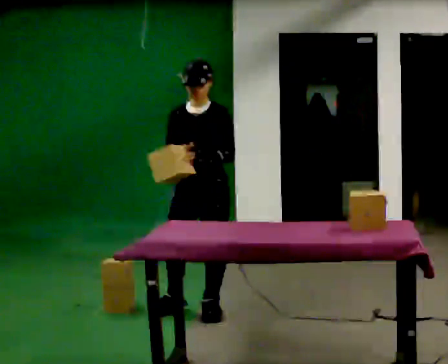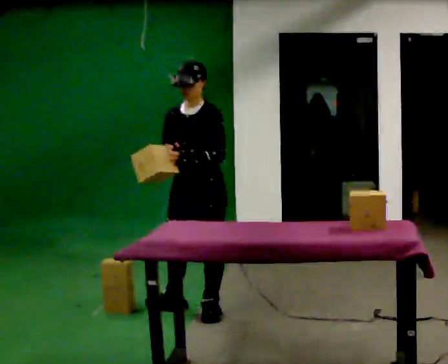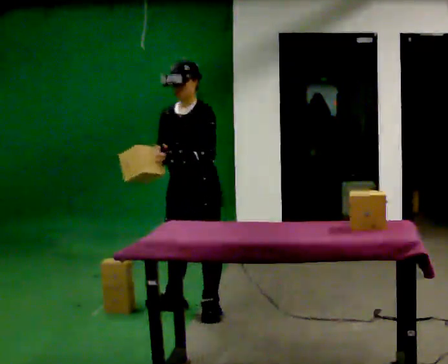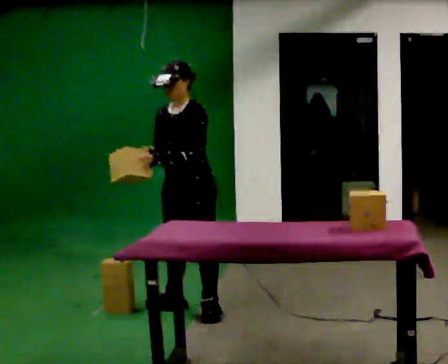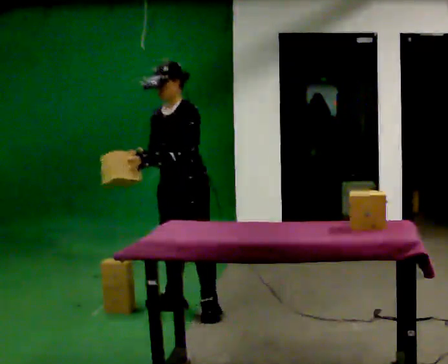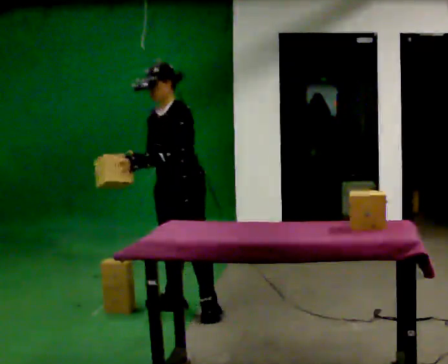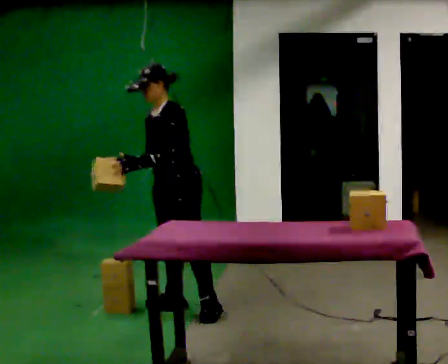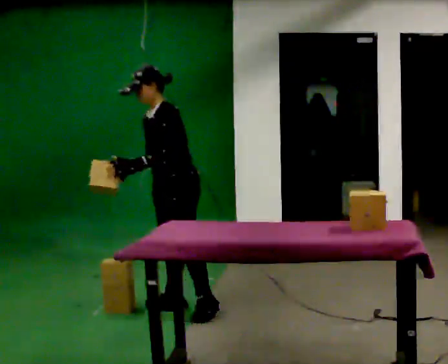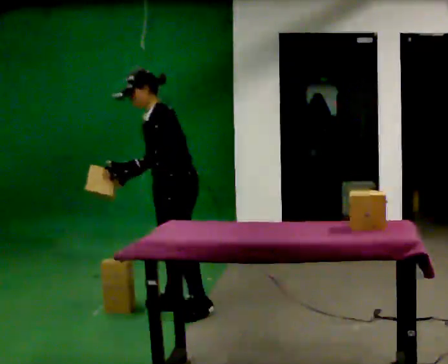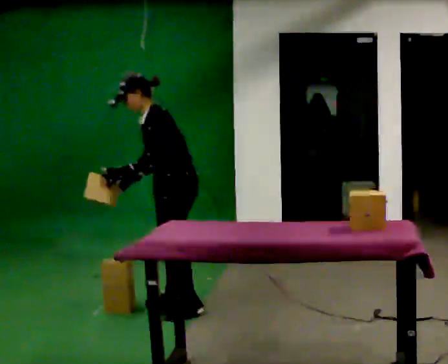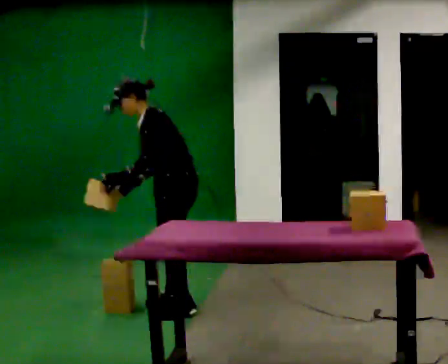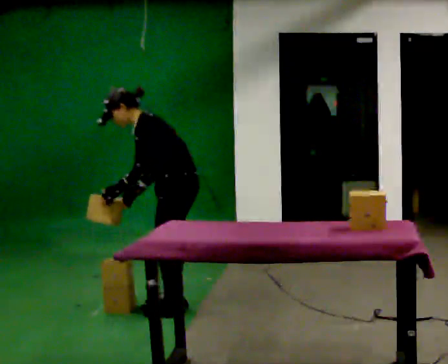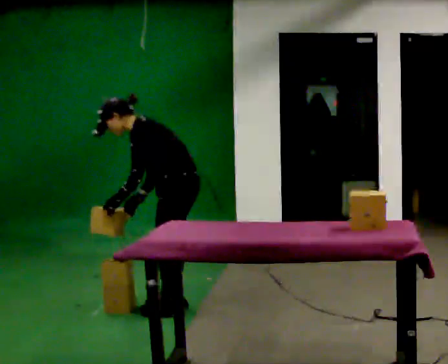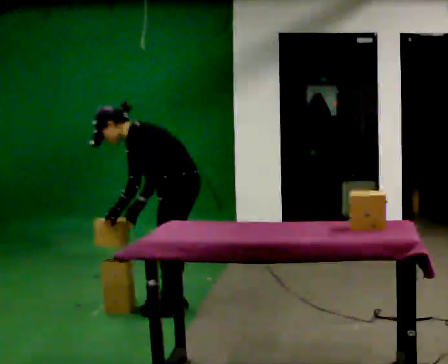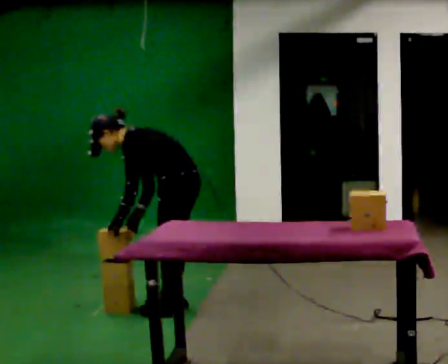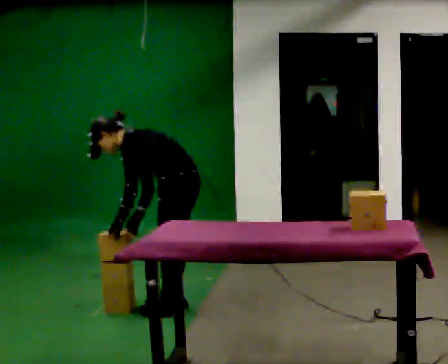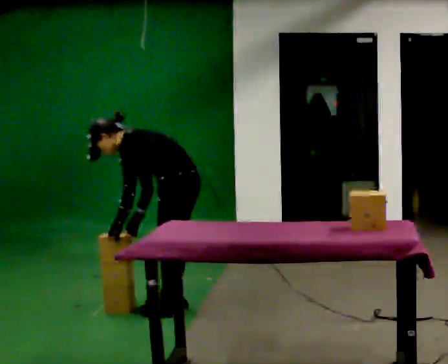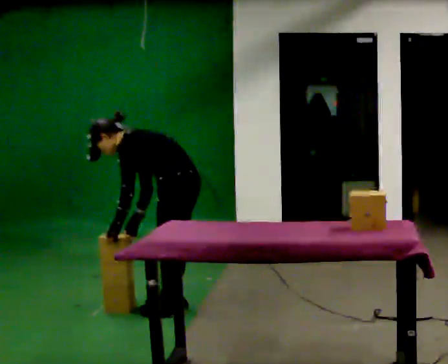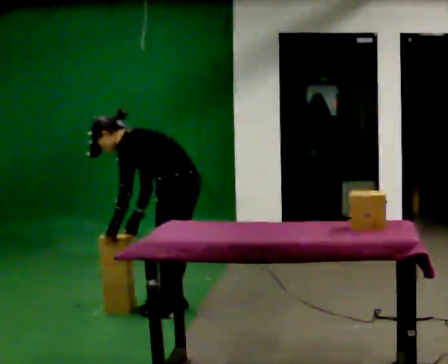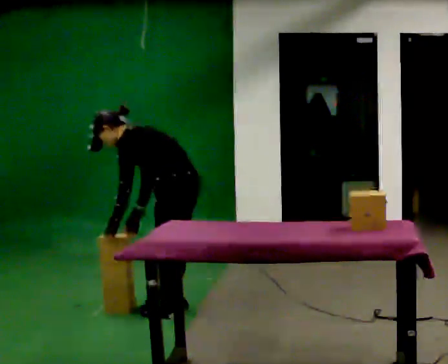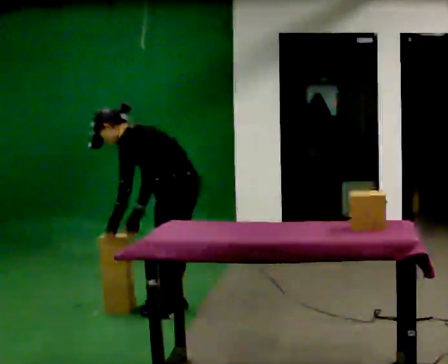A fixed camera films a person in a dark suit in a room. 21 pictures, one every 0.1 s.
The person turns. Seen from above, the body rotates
clockwise.
The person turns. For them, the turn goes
to their right.
0.0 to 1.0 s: The person turns about 60 degrees to their right, clockwise seen from above, so the part of the body nearest the lens slides to the left. In the picture they go away from the camera, about 0.25 m in 1 step, which for them is to their right. In the picture the upper body tilts counterclockwise, shoulders to the left, as they bend forward.
1.0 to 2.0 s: Seen from above the body turns clockwise, about 30 degrees: to their right, with its near side sliding to the left. In the picture the upper body tilts counterclockwise, shoulders to the left, as they bend forward.
The film runs backward here.
